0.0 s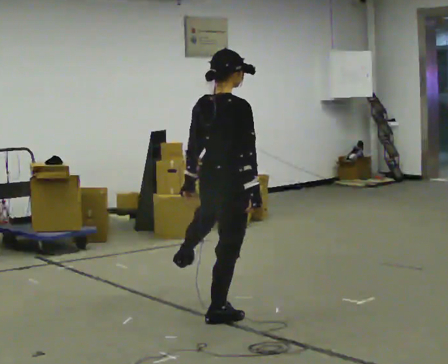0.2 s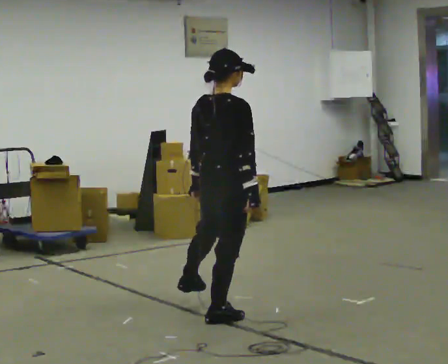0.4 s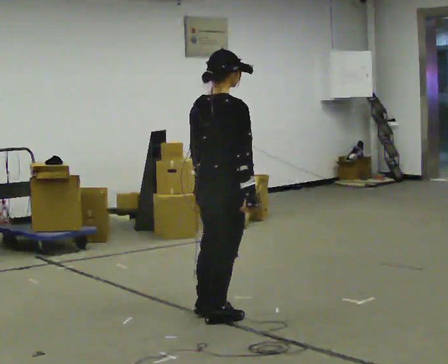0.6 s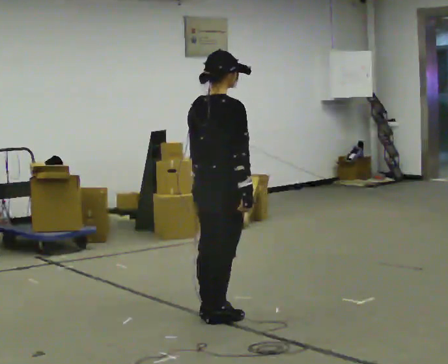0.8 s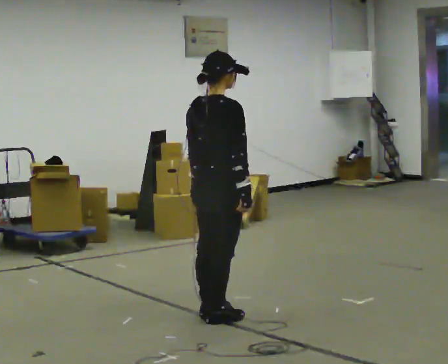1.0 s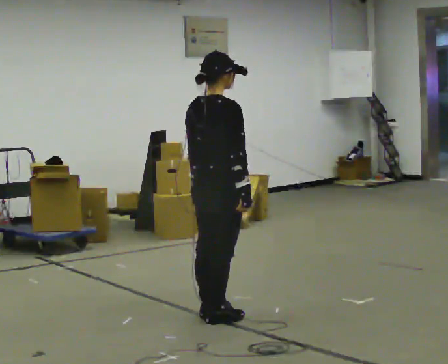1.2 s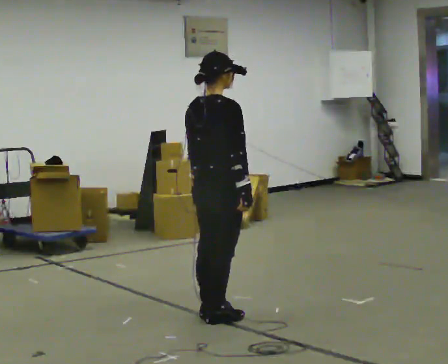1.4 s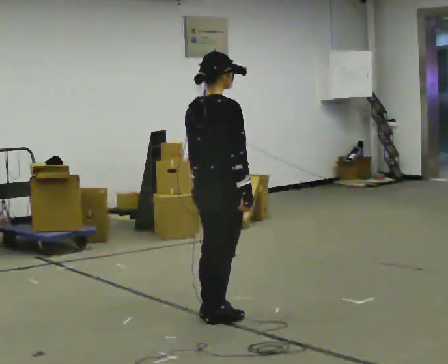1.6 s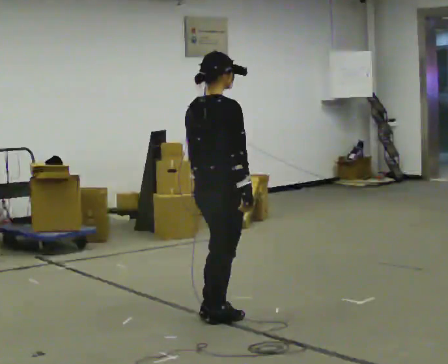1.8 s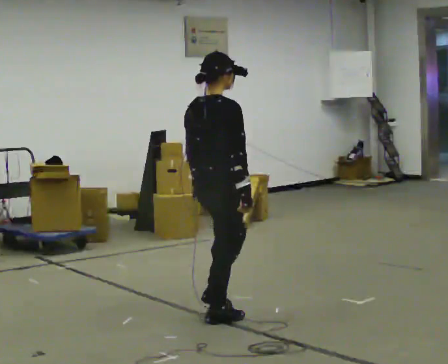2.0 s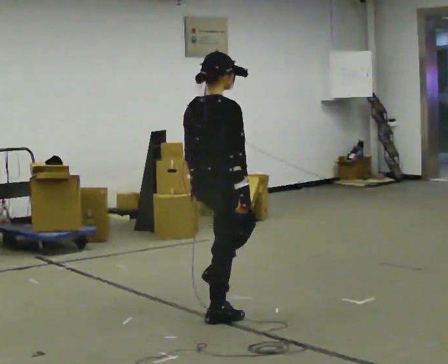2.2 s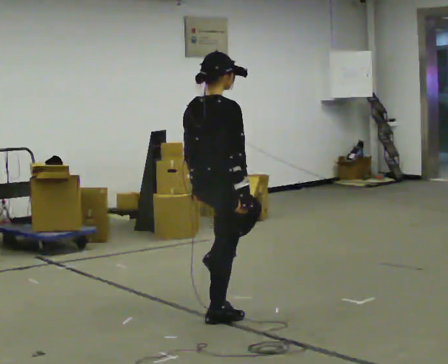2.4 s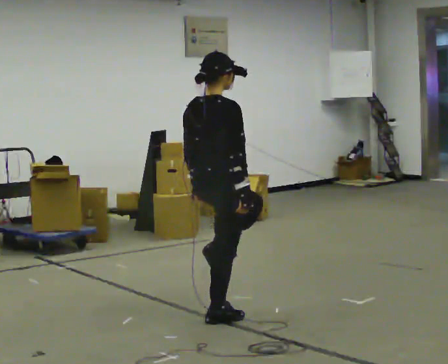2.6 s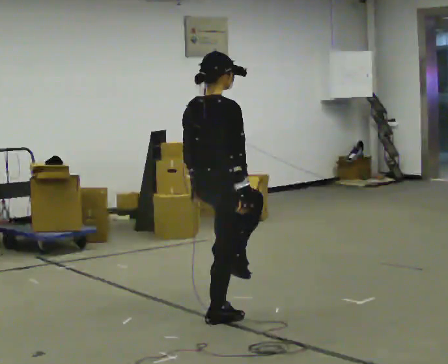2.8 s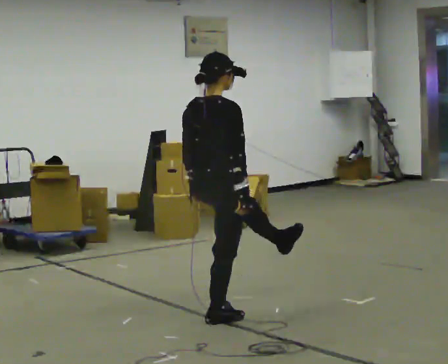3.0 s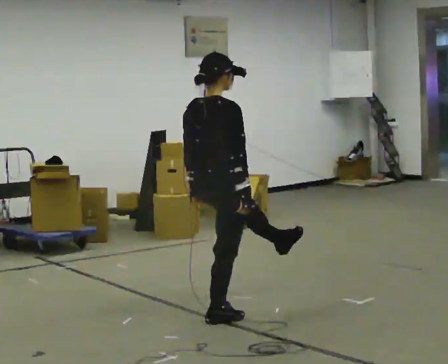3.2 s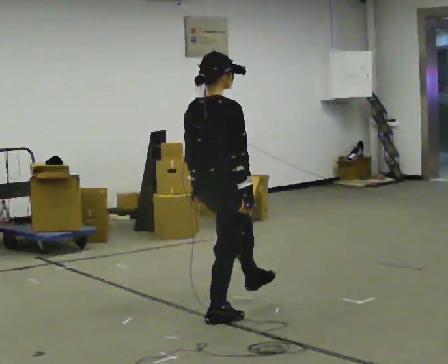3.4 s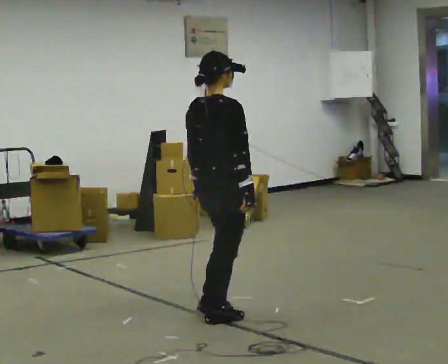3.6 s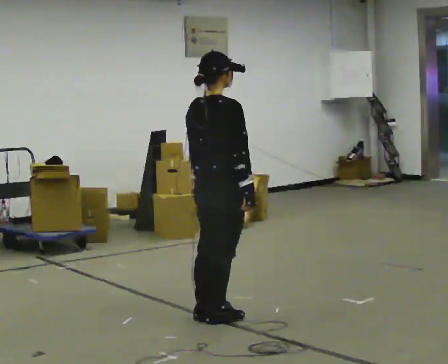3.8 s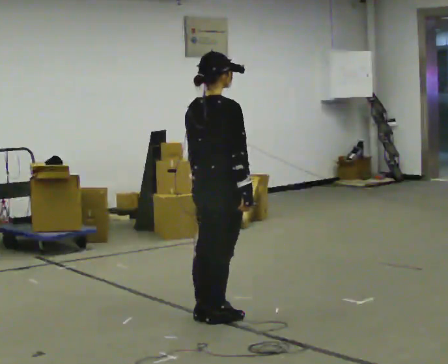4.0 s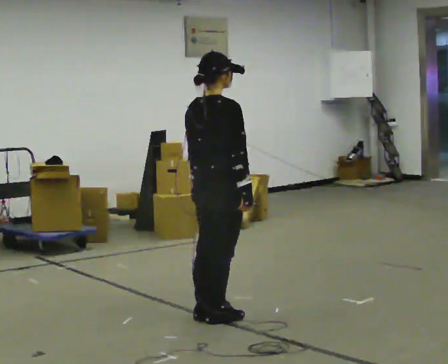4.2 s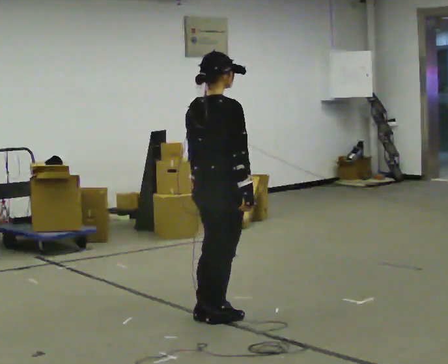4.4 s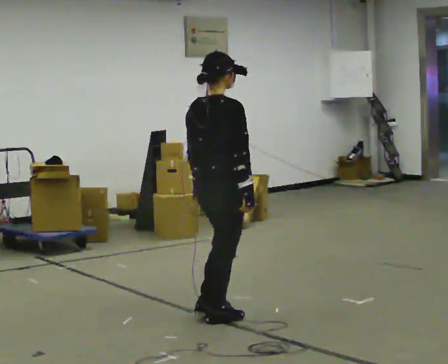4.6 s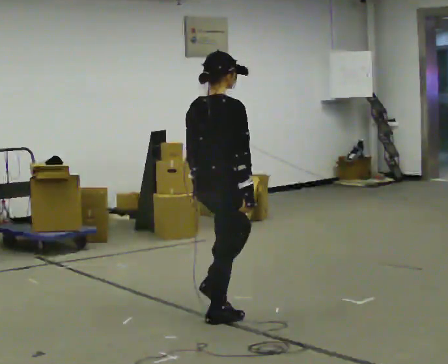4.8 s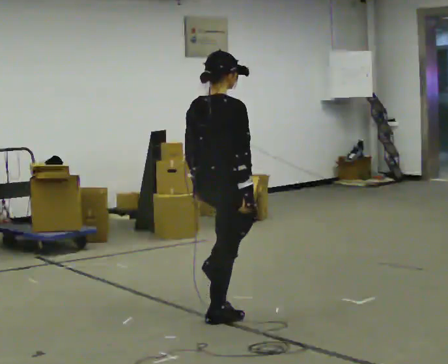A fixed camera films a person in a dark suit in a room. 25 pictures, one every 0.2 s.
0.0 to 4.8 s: The person moves a little, or ends about where they began.
The film runs forward here.
